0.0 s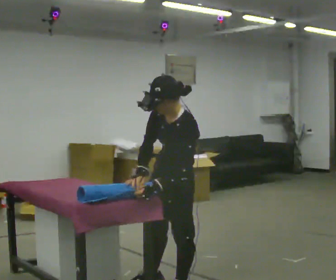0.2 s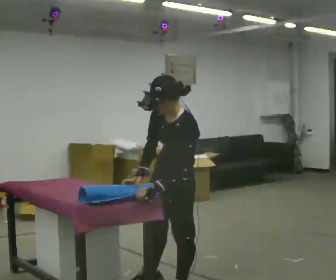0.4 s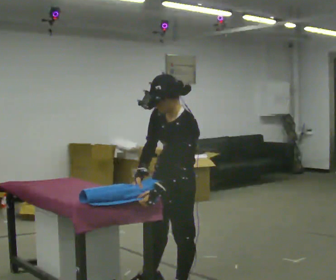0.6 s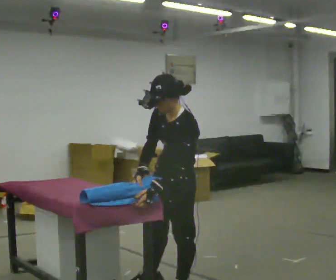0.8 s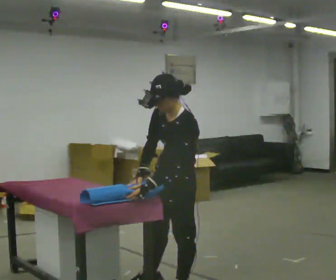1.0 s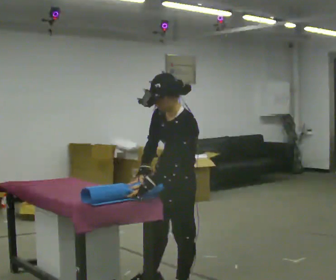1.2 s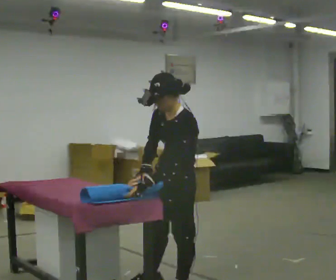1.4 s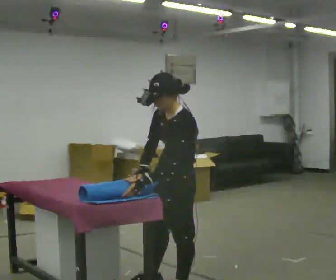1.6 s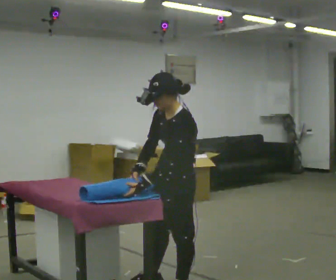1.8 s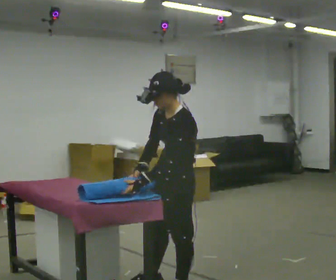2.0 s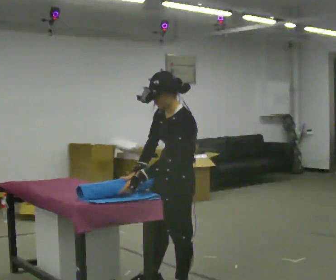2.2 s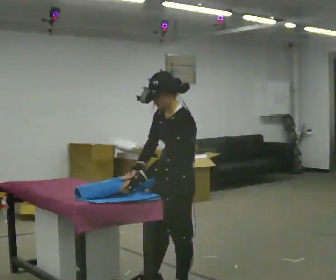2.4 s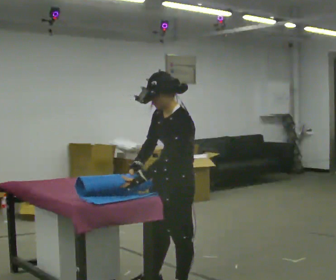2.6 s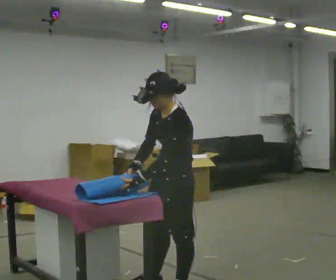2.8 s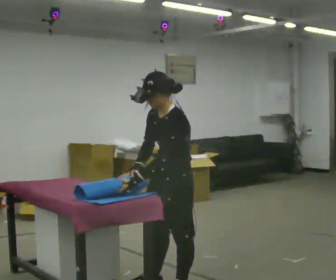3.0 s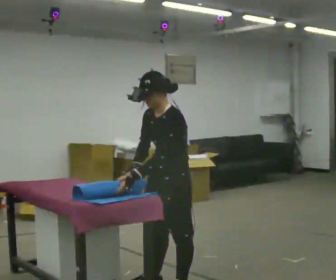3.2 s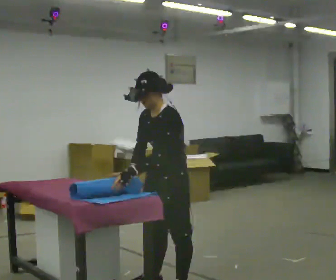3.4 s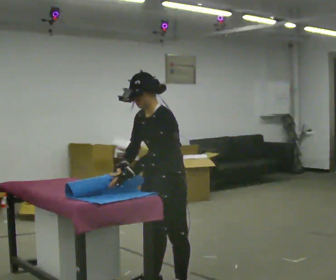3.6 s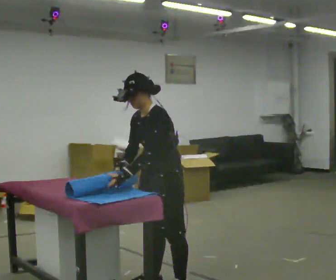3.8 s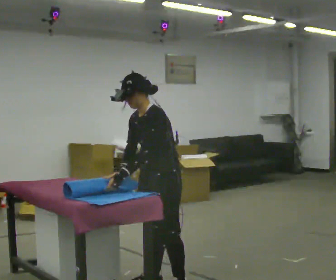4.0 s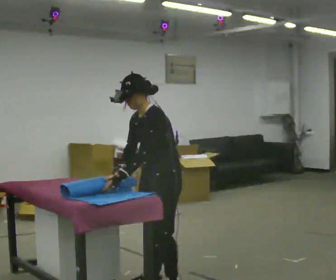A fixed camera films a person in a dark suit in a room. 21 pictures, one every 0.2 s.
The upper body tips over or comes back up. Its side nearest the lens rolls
upward.
0.0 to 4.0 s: The upper body tips away from the camera, its near side rolling upward.
The film runs backward here.
